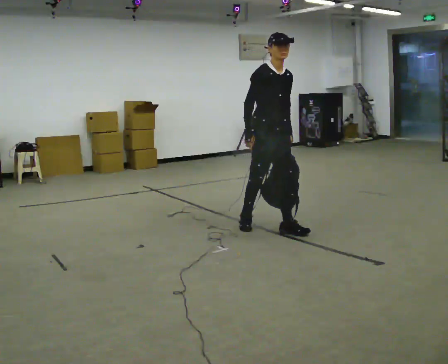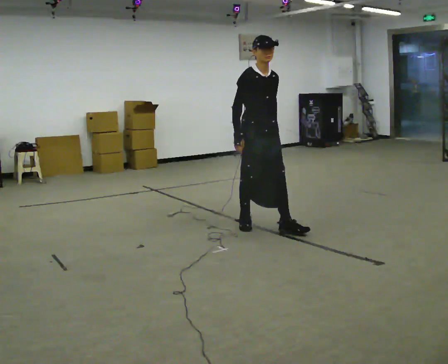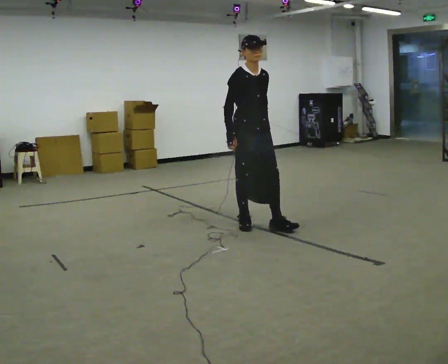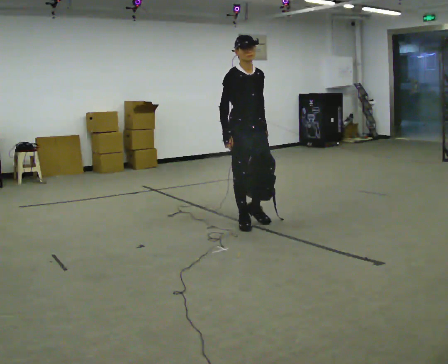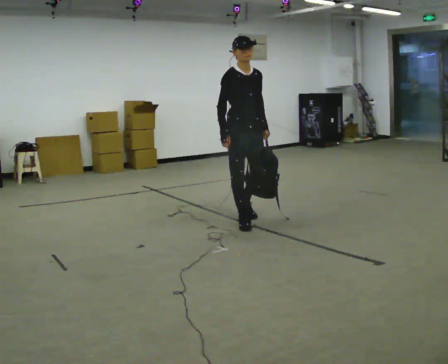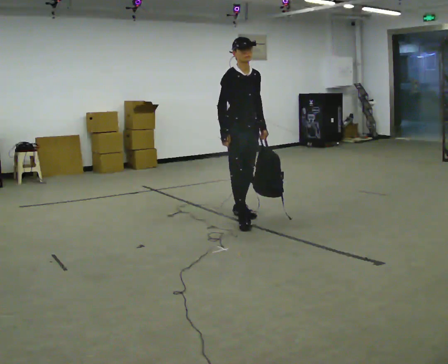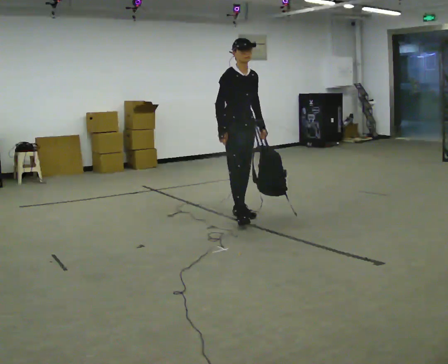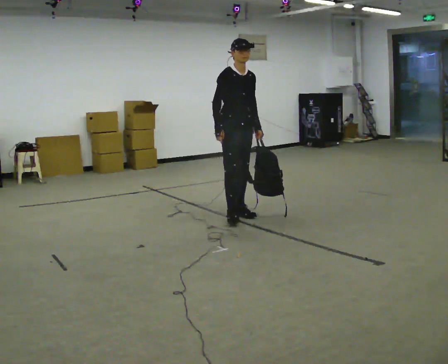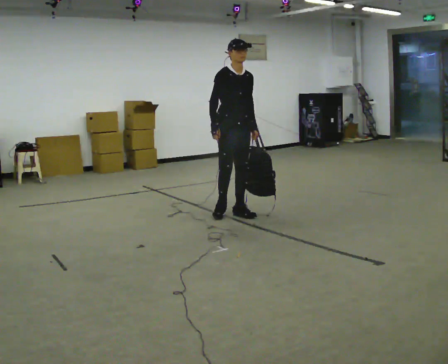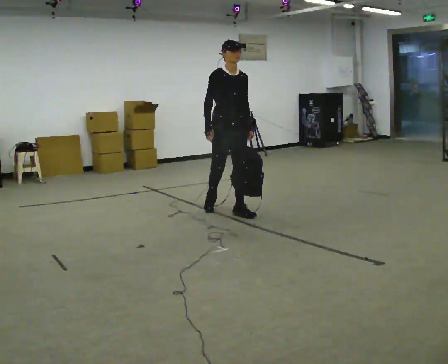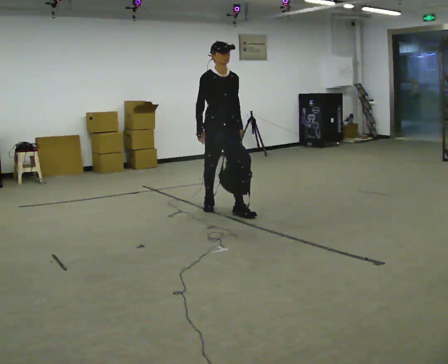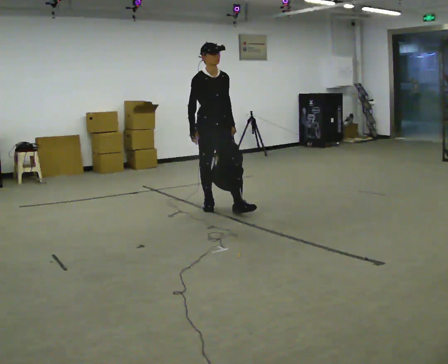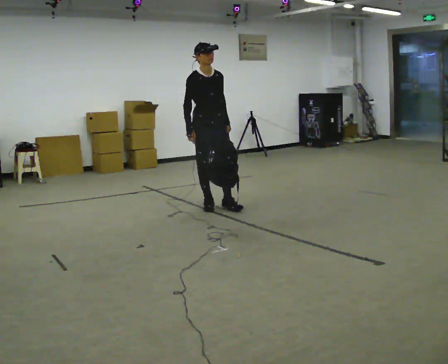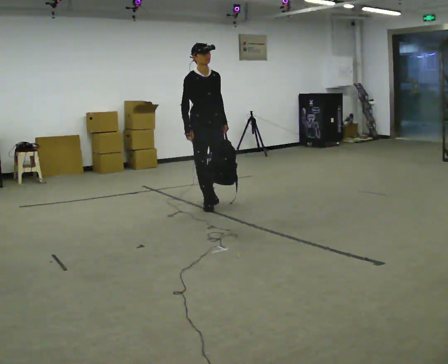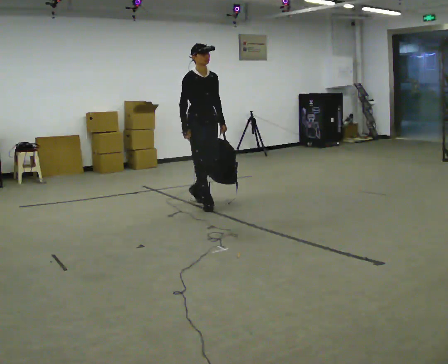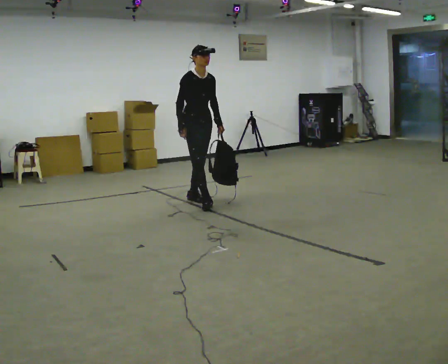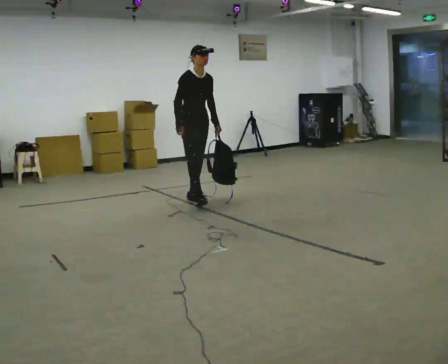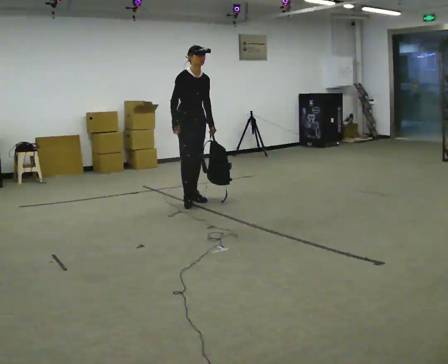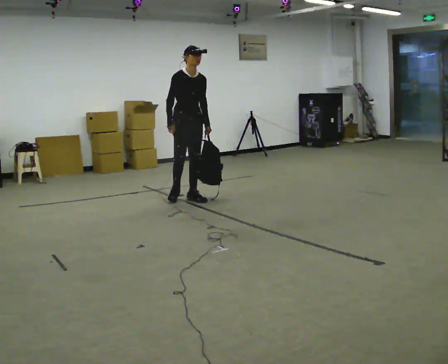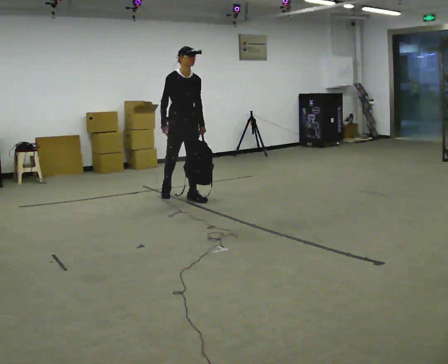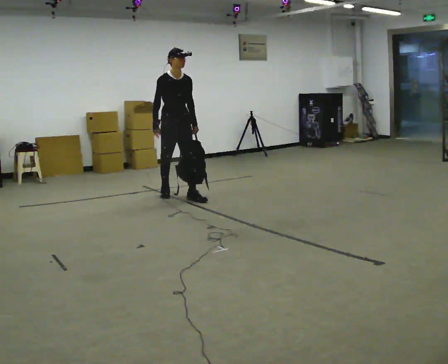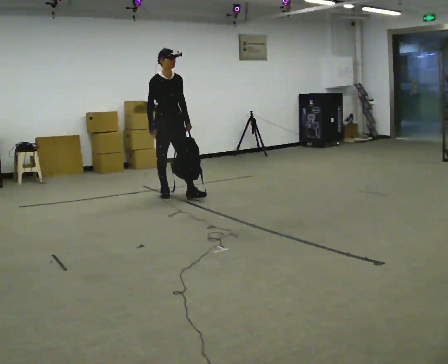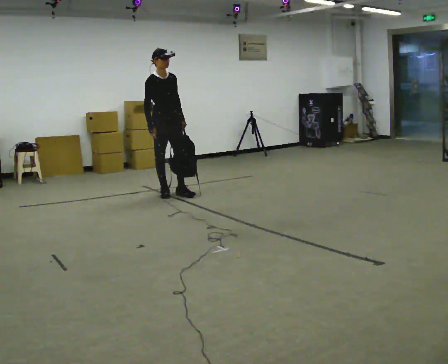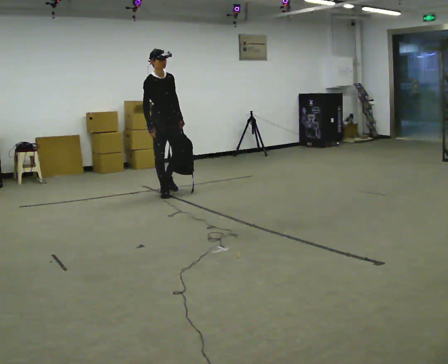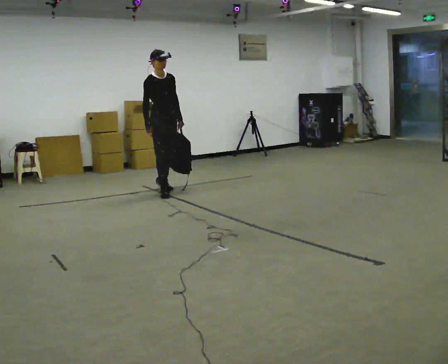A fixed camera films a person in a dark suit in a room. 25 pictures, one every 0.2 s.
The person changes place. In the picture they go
away from the camera.
0.0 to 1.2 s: In the picture they go away from the camera and to the left, about 0.5 m in 2 steps, which for them is backward.
1.2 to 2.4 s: In the picture they go away from the camera and to the left, about 0.5 m in 1 step, which for them is backward.
2.4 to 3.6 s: In the picture they go away from the camera and to the left, about 0.5 m in 1 step, which for them is backward.
3.6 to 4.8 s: In the picture they go away from the camera and to the left, about 0.5 m in 1 step, which for them is backward.
The film runs backward here.
